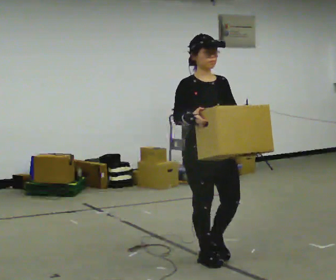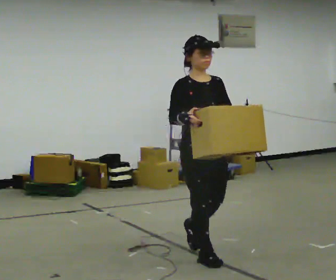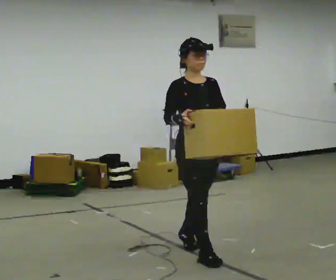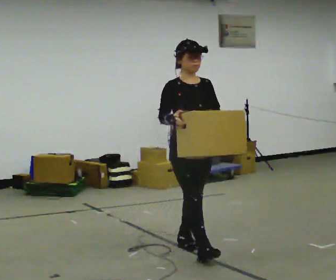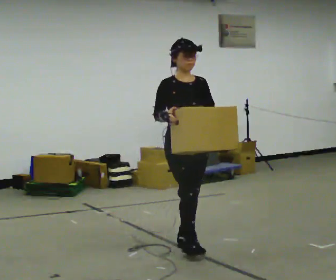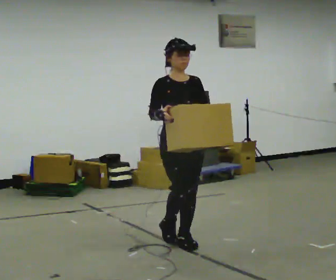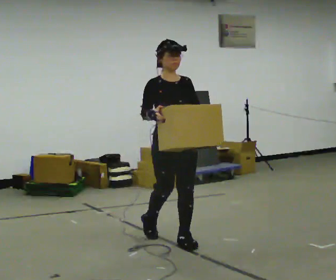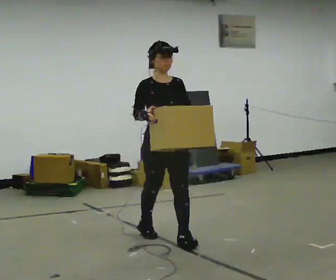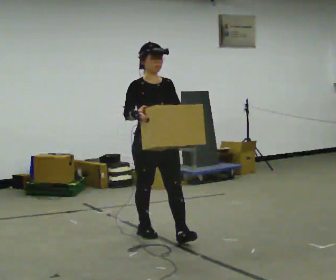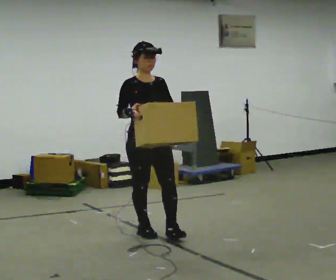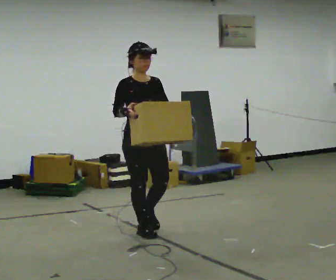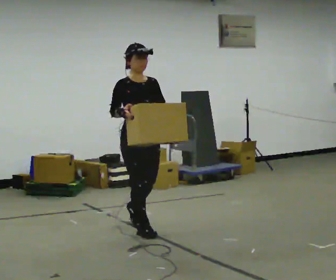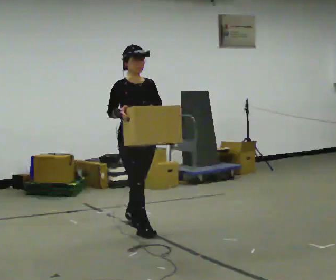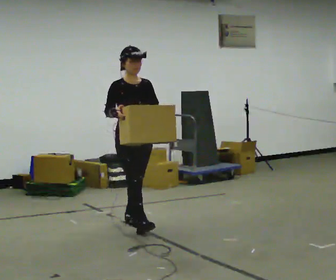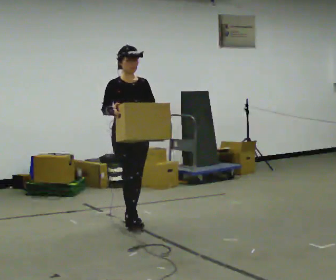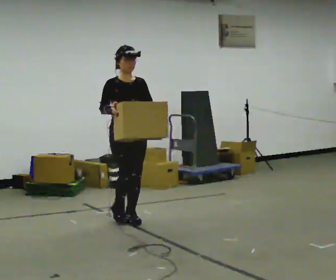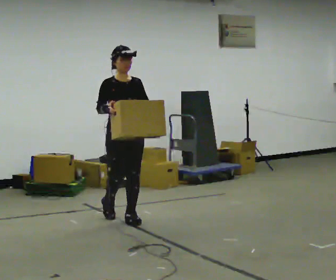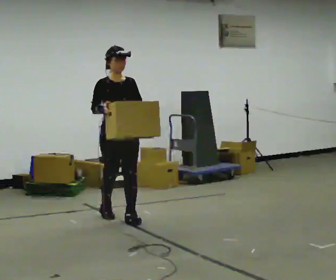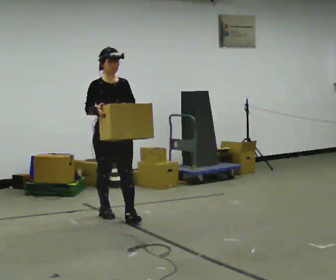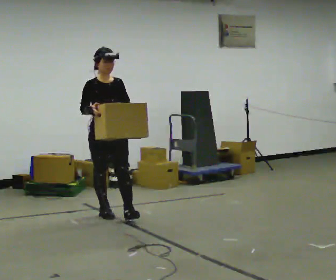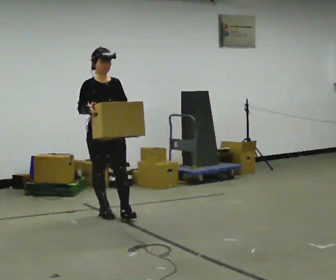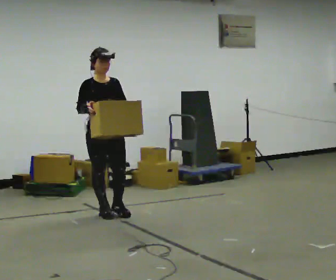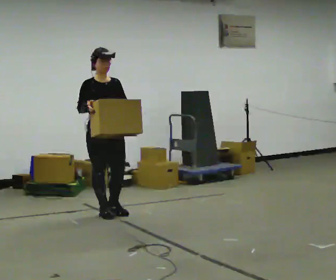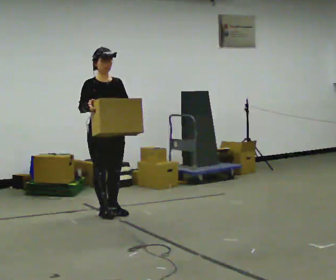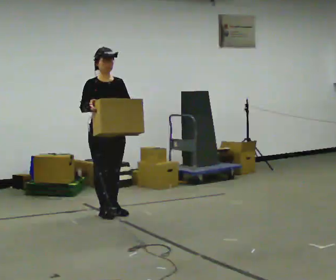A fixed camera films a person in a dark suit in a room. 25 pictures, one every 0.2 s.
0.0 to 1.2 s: In the picture they go away from the camera and to the left, about 0.5 m in 1 step, which for them is backward.
1.2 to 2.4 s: In the picture they go away from the camera and to the left, about 0.5 m in 1 step, which for them is backward.
2.4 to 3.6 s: In the picture they go away from the camera and to the left, about 0.5 m in 1 step, which for them is backward.
3.6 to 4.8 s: The person moves a little, or ends about where they began.
The film runs backward here.
